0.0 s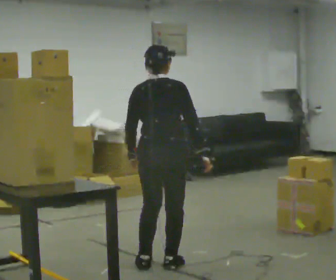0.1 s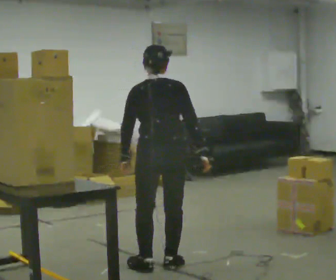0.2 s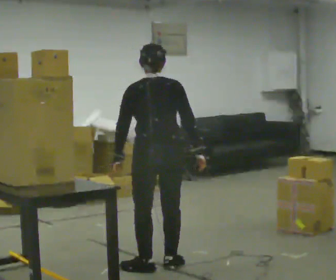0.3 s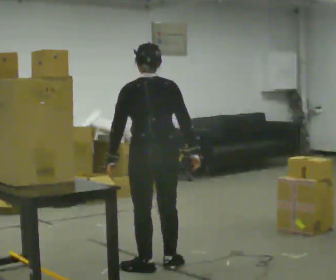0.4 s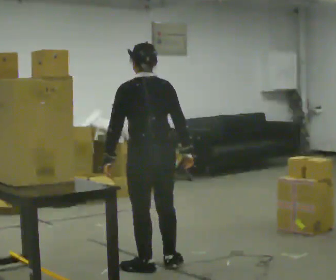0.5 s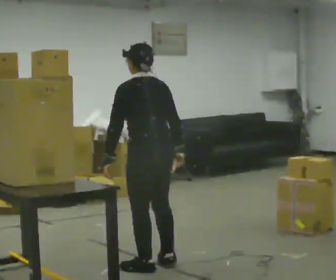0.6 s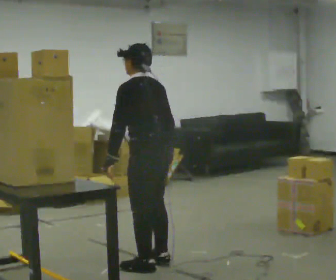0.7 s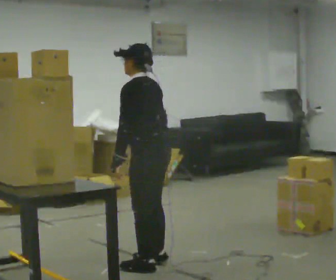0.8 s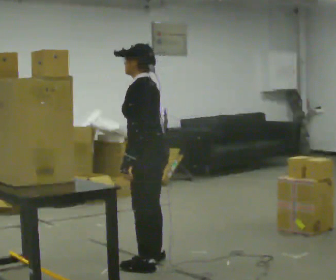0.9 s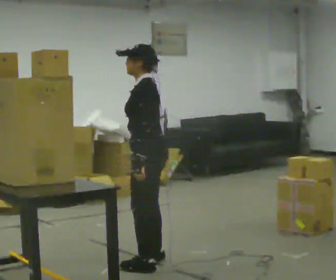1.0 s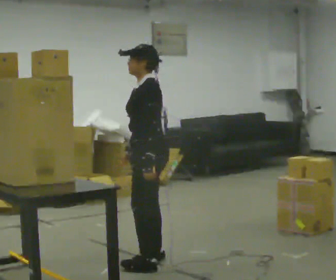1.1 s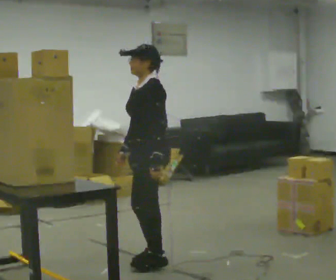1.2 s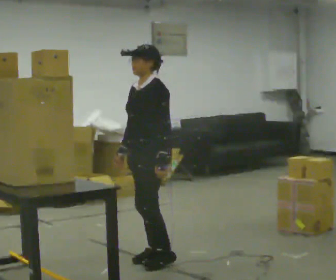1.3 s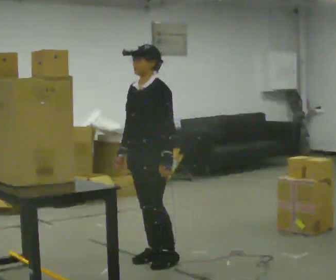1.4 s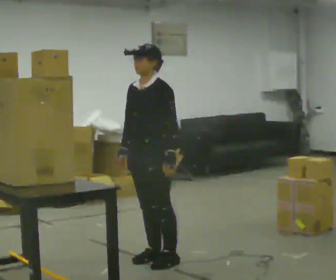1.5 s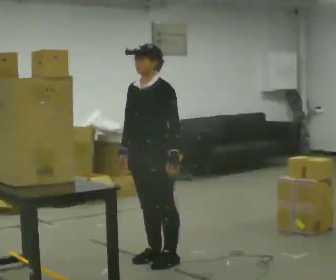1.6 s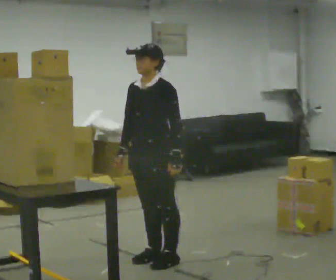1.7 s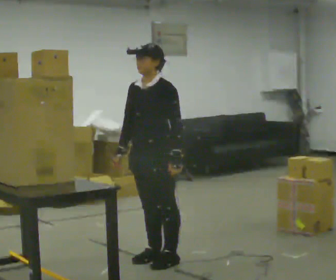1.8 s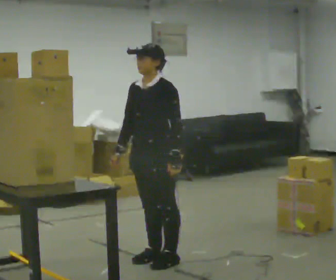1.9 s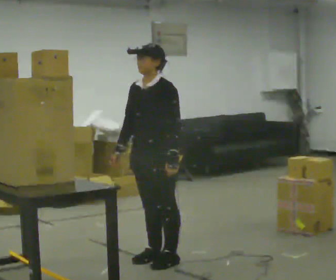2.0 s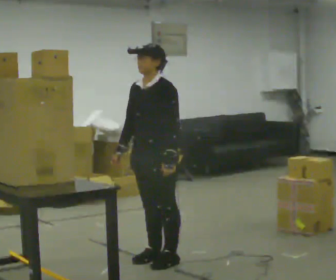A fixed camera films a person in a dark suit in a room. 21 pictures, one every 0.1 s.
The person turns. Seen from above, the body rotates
counterclockwise.
Their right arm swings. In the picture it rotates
clockwise.
0.0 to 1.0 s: The person turns about 105 degrees to their left, counterclockwise seen from above, so the part of the body nearest the lens slides to the right. In the picture their right hand goes to the left, the arm swinging clockwise.
1.0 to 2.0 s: The person turns about 30 degrees to their left, counterclockwise seen from above, so the part of the body nearest the lens slides to the right.
The film runs backward here.
